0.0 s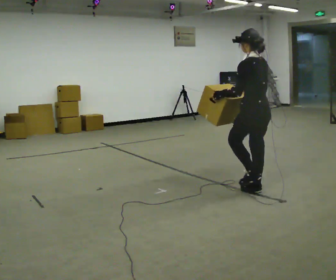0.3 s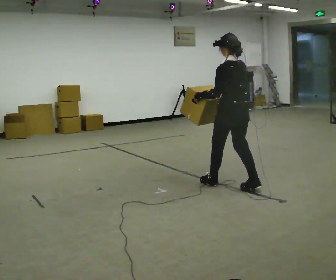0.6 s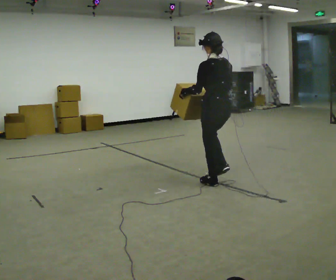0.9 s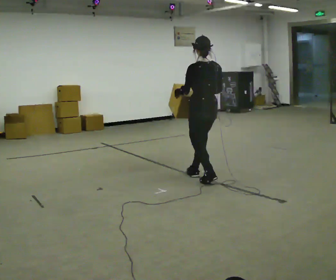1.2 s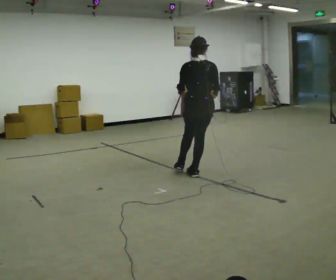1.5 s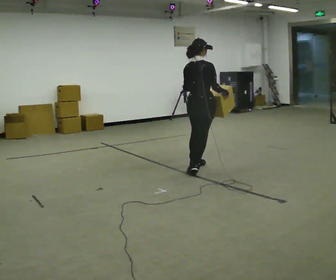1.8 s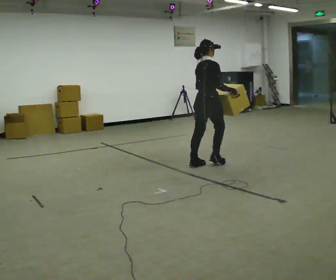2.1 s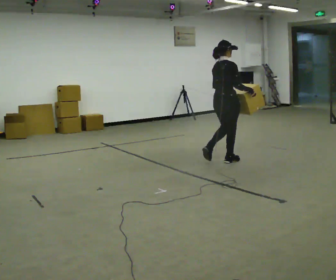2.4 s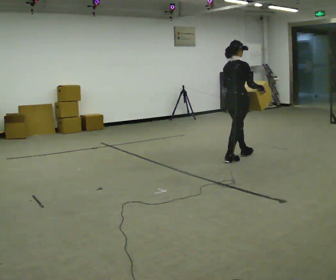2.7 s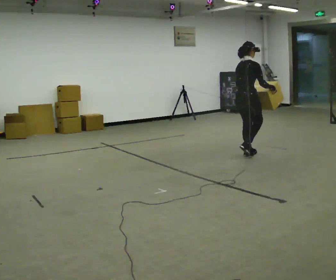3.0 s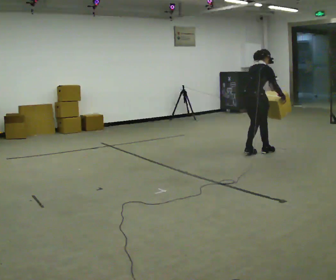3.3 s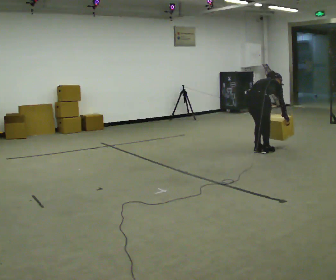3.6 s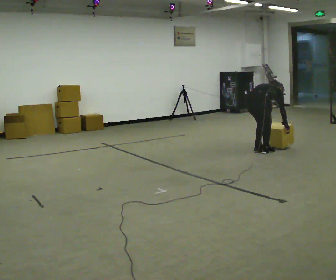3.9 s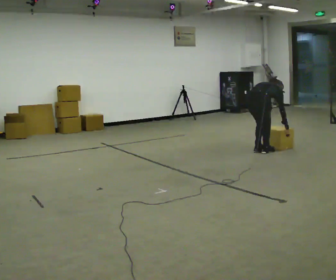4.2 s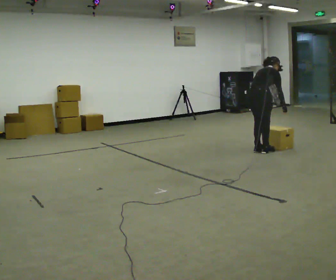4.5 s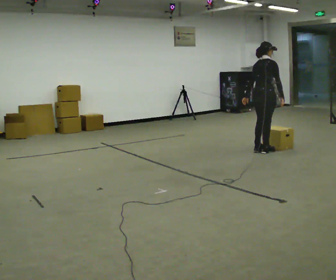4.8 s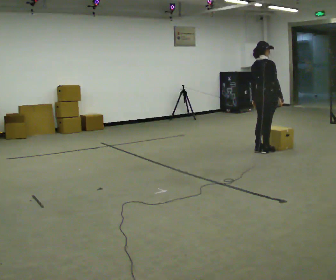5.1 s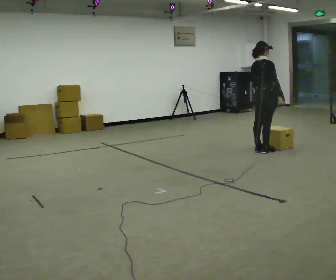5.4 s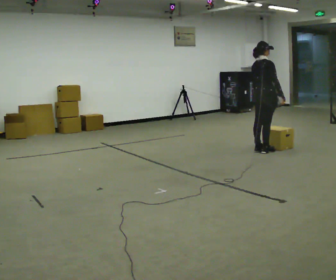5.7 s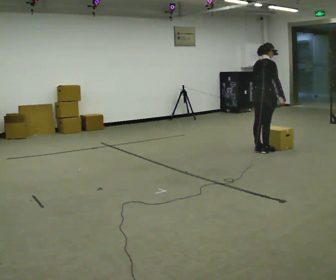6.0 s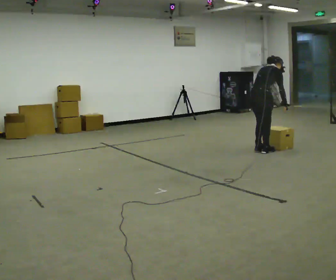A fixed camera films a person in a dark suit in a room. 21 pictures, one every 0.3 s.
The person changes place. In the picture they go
away from the camera.
The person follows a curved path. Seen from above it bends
clockwise.
0.0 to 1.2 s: The person turns about 45 degrees to their right, clockwise seen from above, so the part of the body nearest the lens slides to the left. In the picture they go to the left and away from the camera, about 1 m in 2 steps, which for them is forward.
1.2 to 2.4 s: The person turns about 45 degrees to their right, clockwise seen from above, so the part of the body nearest the lens slides to the left. In the picture they go away from the camera and to the right, about 1 m in 2 steps, which for them is forward and to their left.
2.4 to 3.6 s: In the picture they go to the right and away from the camera, about 0.5 m in 3 steps, which for them is forward. The shoulders move downward. The upper body tips away from the camera, its near side rolling upward, as they bend forward. In the picture their right hand goes downward.
3.6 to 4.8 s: In the picture they go away from the camera, about 0.25 m, which for them is forward. The shoulders move upward. The upper body tips toward the camera, its near side rolling downward, as they lean back or straighten. In the picture their right hand goes upward.
4.8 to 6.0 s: The upper body tips away from the camera, its near side rolling upward, as they bend forward.
The film runs forward here.
